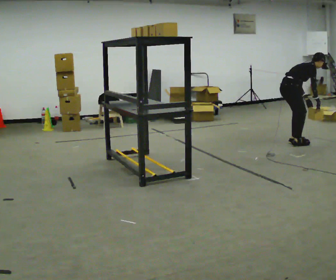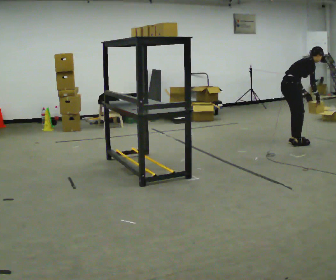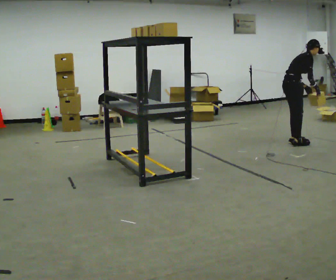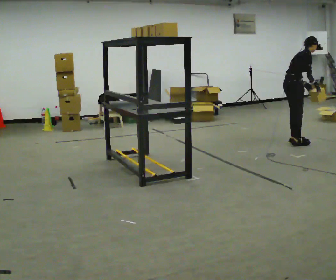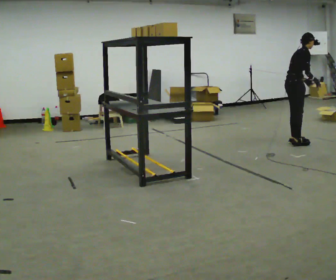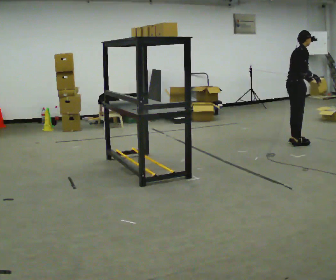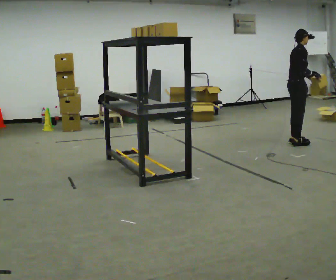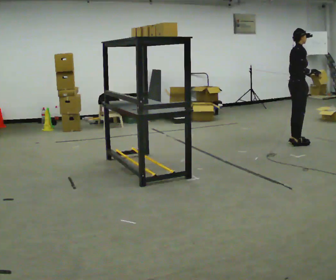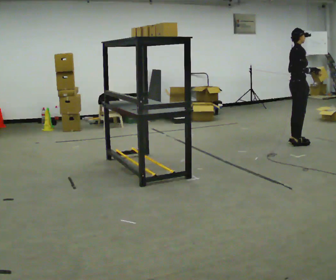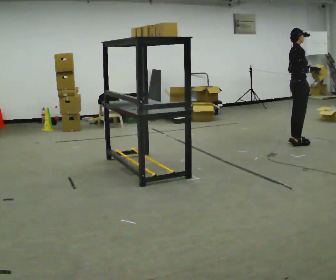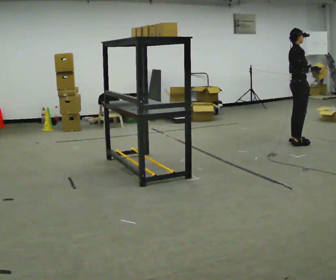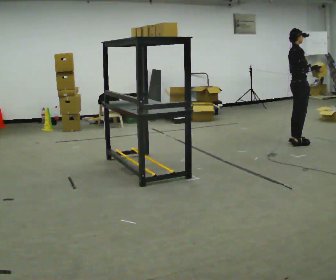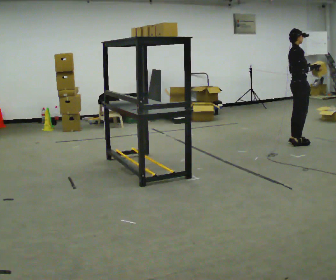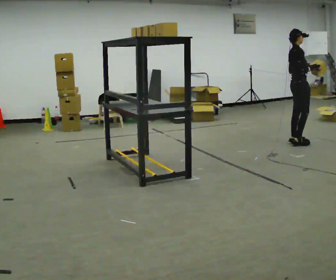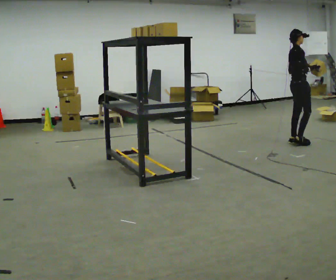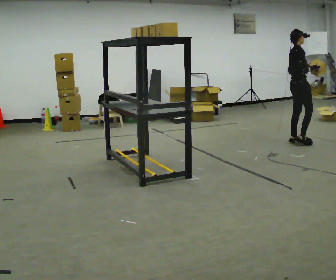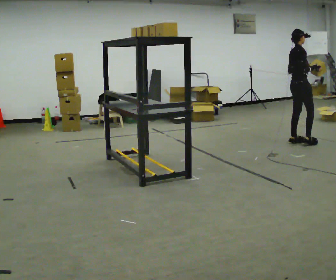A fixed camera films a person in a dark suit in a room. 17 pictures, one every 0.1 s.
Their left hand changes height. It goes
upward.
Their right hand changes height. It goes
upward.
0.0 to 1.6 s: The shoulders move upward. In the picture the upper body tilts counterclockwise, shoulders to the left, as they lean back or straighten. In the picture their left hand goes upward.
The film runs forward here.
